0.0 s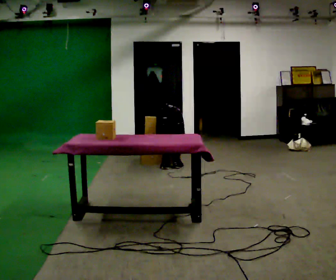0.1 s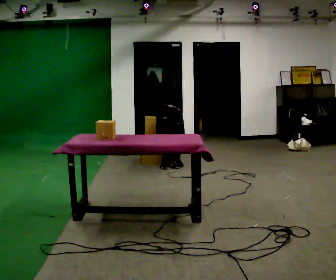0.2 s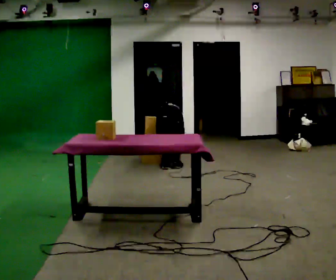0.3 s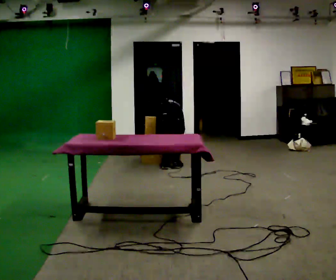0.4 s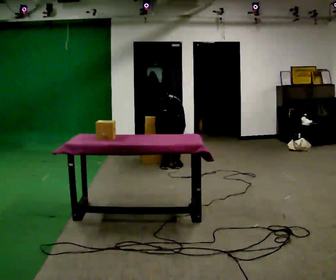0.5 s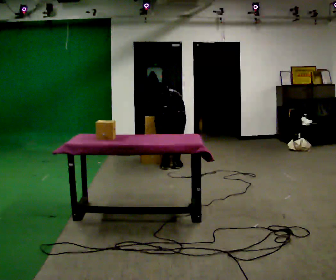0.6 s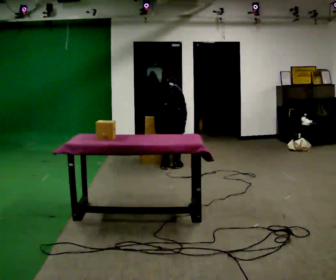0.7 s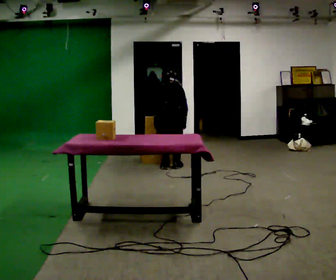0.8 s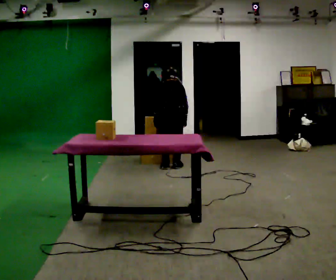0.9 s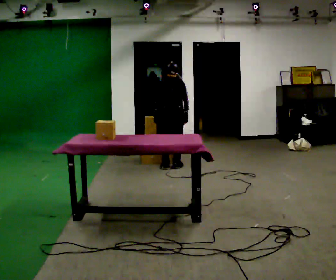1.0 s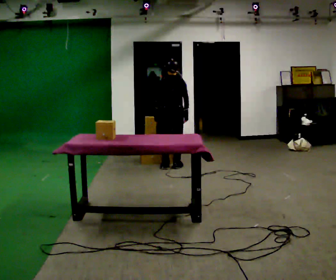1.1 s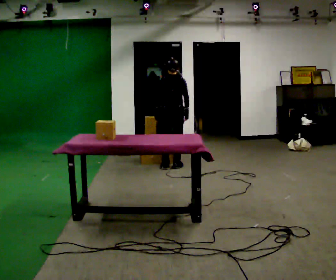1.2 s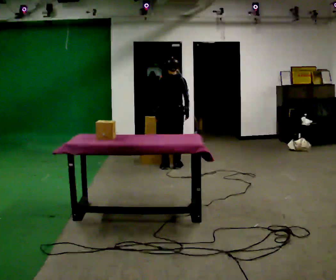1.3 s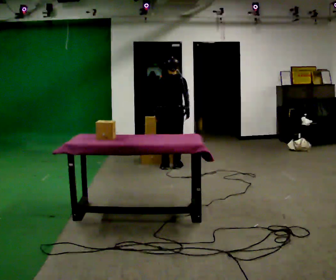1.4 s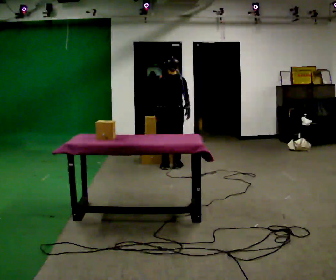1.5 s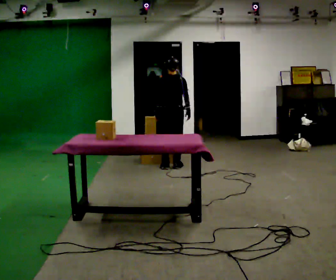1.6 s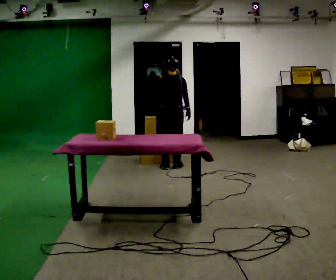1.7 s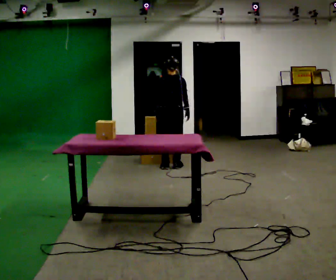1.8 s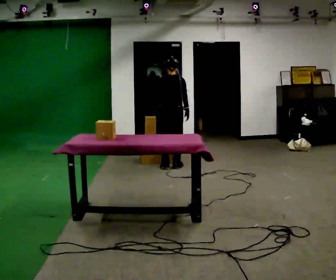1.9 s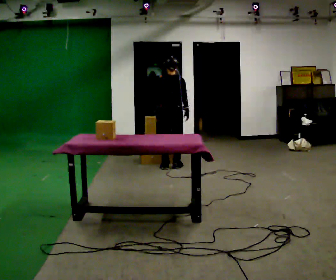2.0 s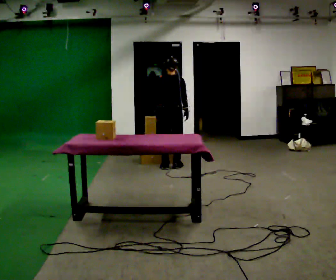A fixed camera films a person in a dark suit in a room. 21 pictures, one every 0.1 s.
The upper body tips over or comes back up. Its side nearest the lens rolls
downward.
The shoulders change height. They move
upward.
0.0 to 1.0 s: The shoulders move upward. The upper body tips toward the camera, its near side rolling downward, as they lean back or straighten. In the picture their left hand goes upward.
1.0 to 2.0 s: The upper body tips toward the camera, its near side rolling downward, as they lean back or straighten.
The film runs forward here.
